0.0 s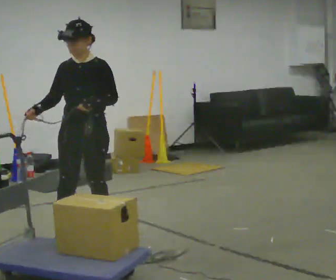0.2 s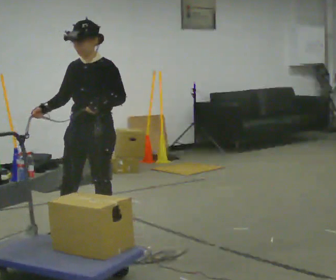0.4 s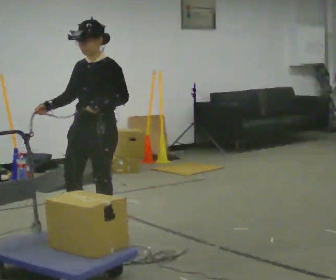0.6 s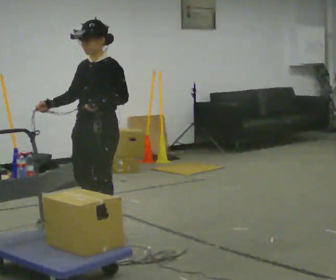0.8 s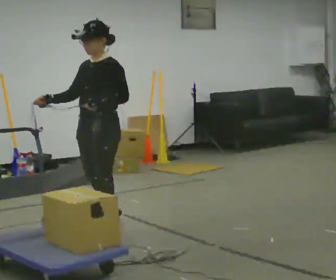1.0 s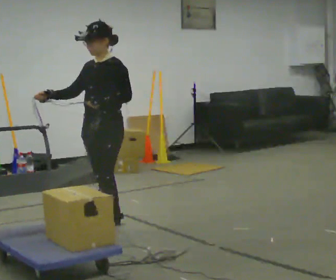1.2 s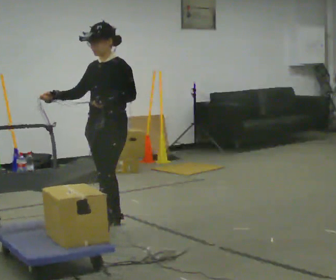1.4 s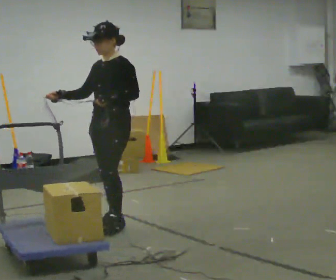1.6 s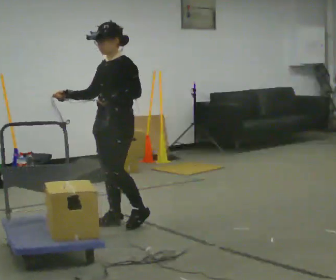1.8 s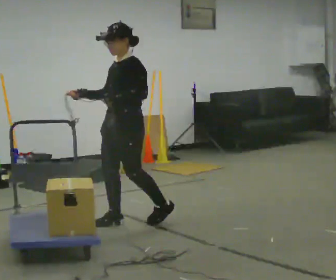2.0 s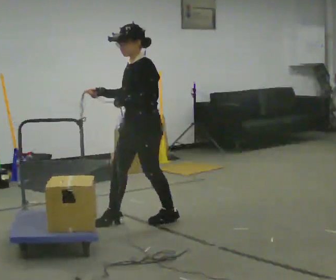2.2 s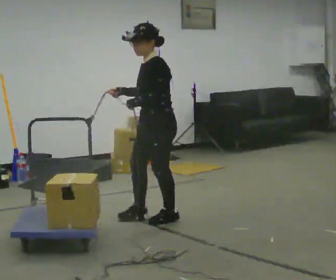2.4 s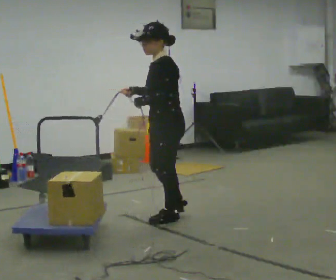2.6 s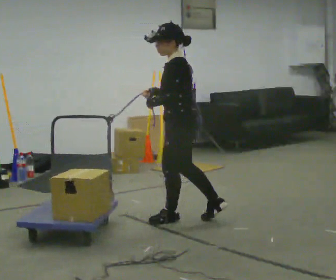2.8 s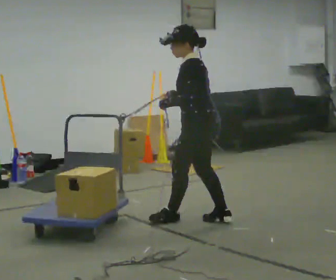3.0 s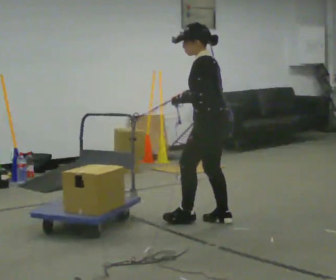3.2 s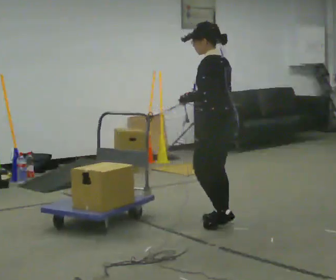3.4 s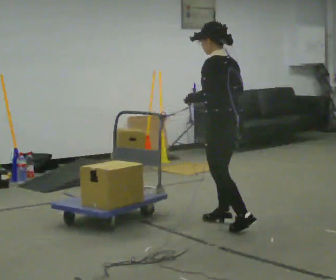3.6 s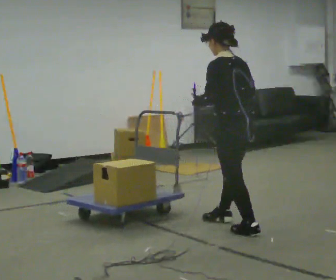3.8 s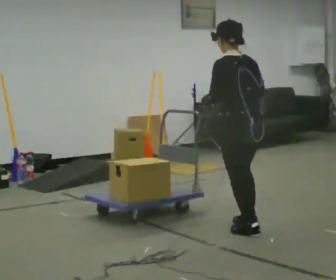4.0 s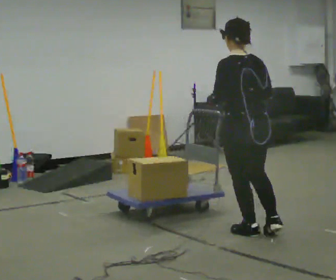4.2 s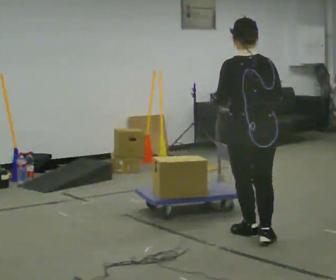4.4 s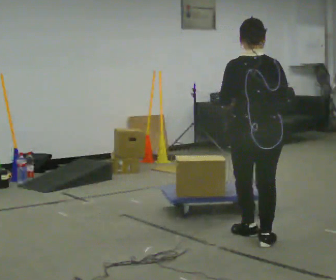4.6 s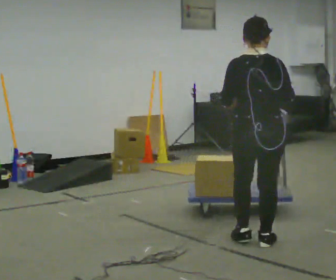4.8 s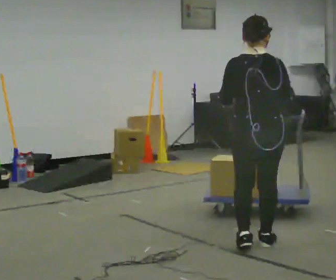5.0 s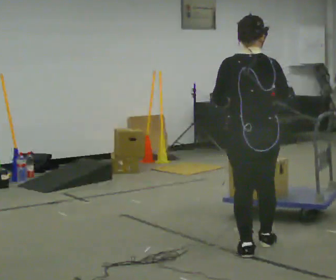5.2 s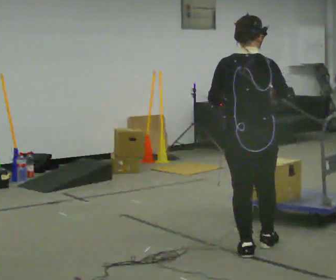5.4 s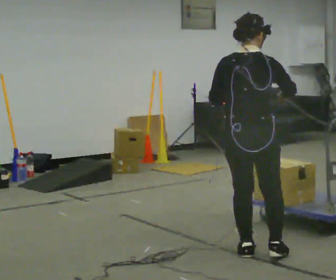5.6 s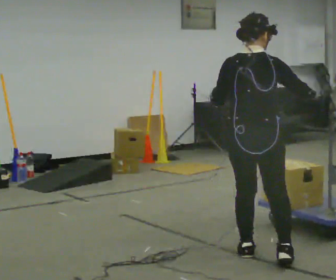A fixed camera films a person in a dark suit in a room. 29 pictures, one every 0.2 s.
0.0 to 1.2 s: The person turns about 30 degrees to their right, clockwise seen from above, so the part of the body nearest the lens slides to the left. In the picture they go away from the camera, about 0.25 m in 1 step, which for them is backward.
1.2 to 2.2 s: The person turns about 30 degrees to their right, clockwise seen from above, so the part of the body nearest the lens slides to the left. In the picture they go to the right, about 0.5 m in 1 step, which for them is backward and to their left.
2.2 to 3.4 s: Seen from above the body turns clockwise, about 45 degrees: to their right, with its near side sliding to the left. In the picture they go to the right, about 0.5 m in 1 step, which for them is backward.
3.4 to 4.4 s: The person turns about 45 degrees to their right, clockwise seen from above, so the part of the body nearest the lens slides to the left. In the picture they go toward the camera, about 0.5 m in 2 steps, which for them is backward.
4.4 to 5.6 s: In the picture they go toward the camera, about 0.25 m in 1 step, which for them is backward.
The film runs forward here.
